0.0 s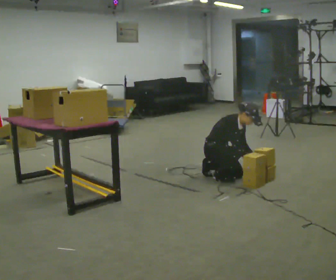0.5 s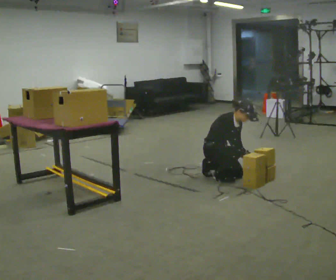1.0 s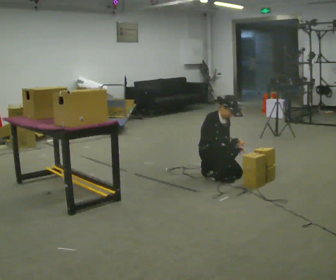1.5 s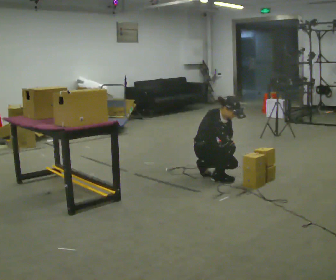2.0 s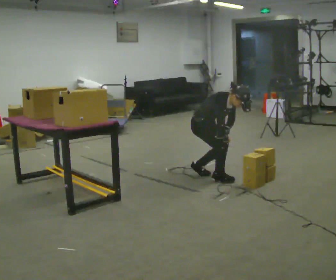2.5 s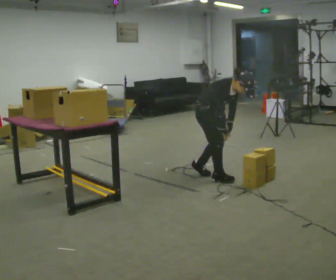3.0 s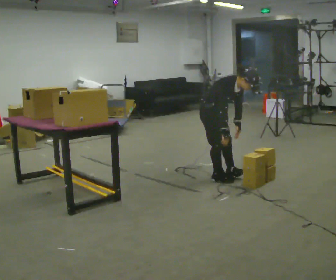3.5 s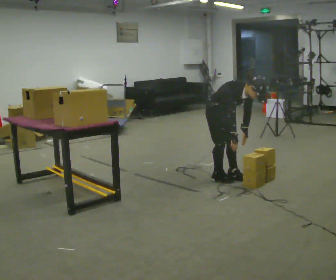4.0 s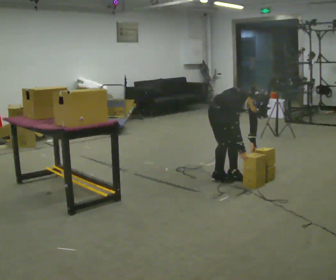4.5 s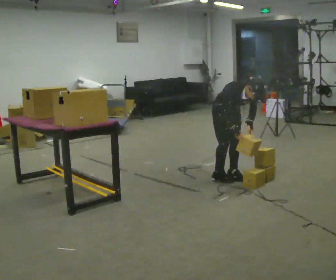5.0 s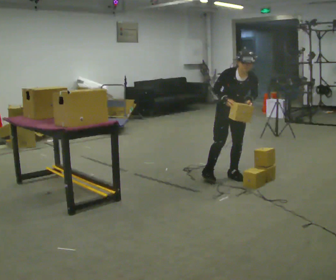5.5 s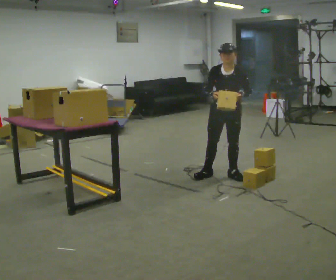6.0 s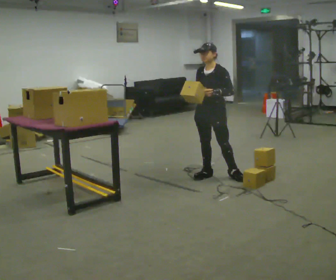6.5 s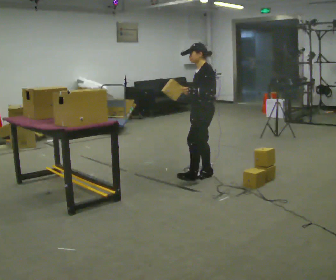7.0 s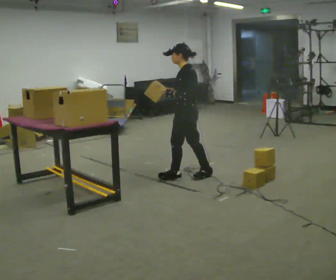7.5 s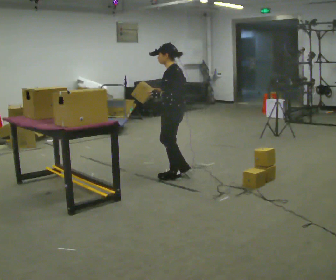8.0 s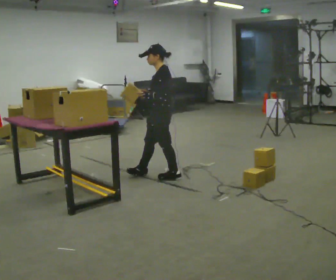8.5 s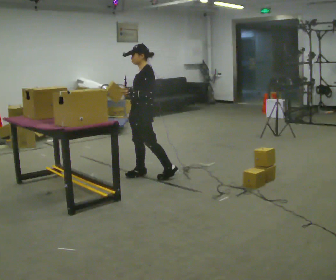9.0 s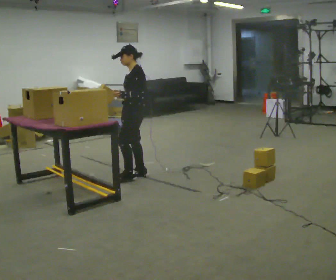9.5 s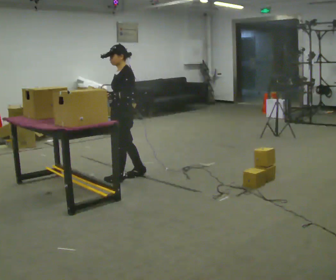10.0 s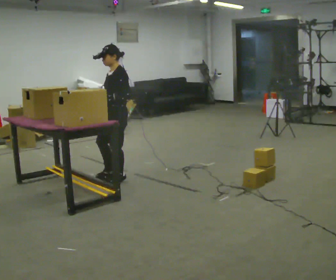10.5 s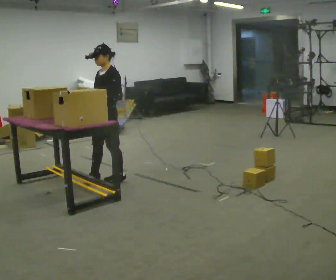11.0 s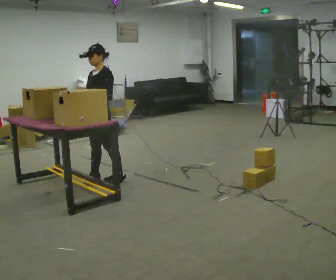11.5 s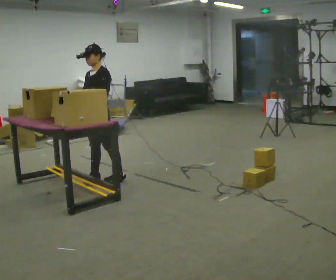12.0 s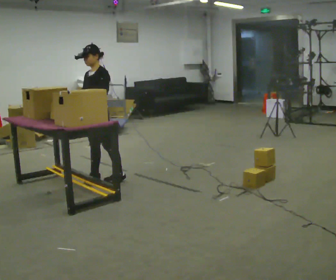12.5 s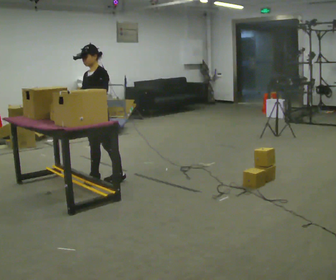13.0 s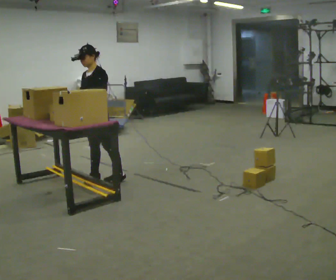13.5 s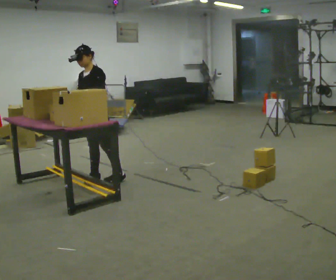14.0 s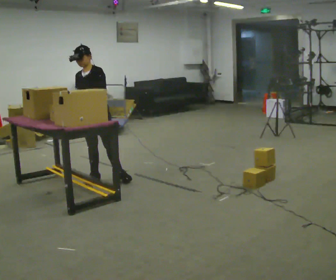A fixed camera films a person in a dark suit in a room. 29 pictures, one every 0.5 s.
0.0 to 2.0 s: The shoulders move upward. In the picture their left hand goes to the left and upward.
2.0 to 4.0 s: In the picture they go to the right, about 0.25 m in 1 step, which for them is forward and to their left. The upper body tips toward the camera, its near side rolling downward.
4.0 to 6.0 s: The part of the body nearest the lens slides to the left as the person turns to their right by about 75 degrees. The upper body goes upward. The upper body tips away from the camera, its near side rolling upward, as they lean back or straighten. In the picture their left hand goes upward and to the left.
6.0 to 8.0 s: Seen from above the body turns clockwise, about 45 degrees: to their right, with its near side sliding to the left. In the picture they go to the left, about 0.5 m in 2 steps.
8.0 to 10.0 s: In the picture they go to the left, about 0.5 m in 1 step, which for them is forward.
10.0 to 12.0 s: In the picture they go to the left, about 0.25 m in 1 step, which for them is forward.
12.0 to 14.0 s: Seen from above the body turns counterclockwise, about 30 degrees: to their left, with its near side sliding to the right.
The film runs forward here.
